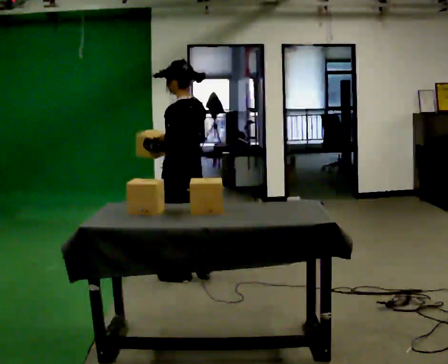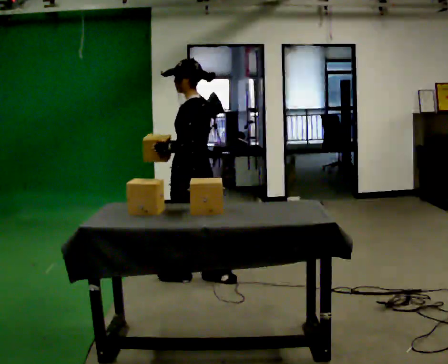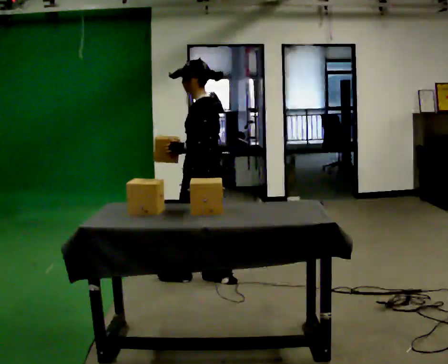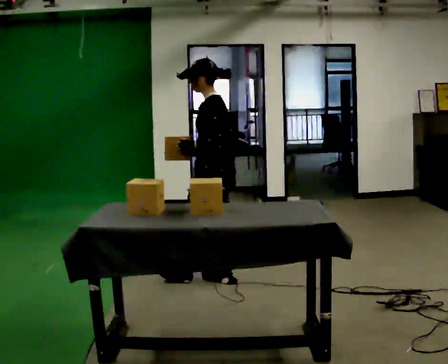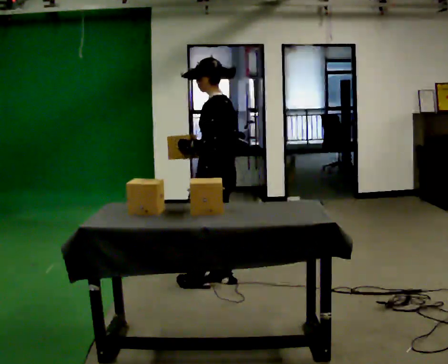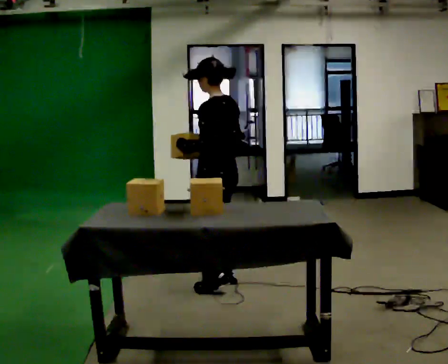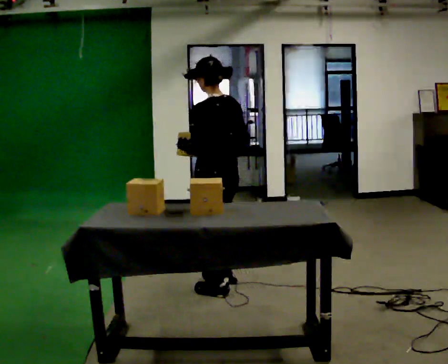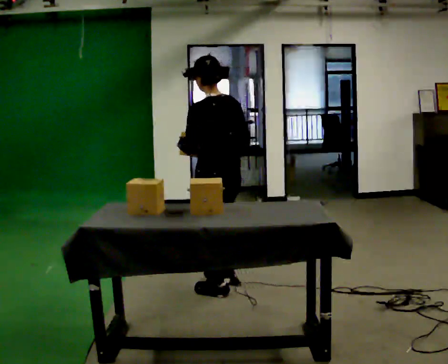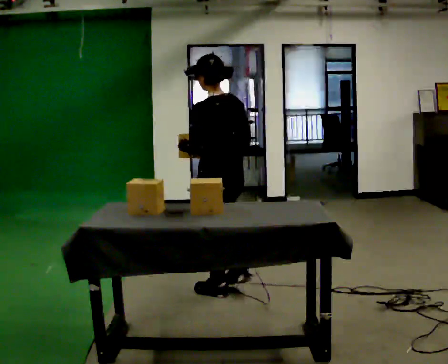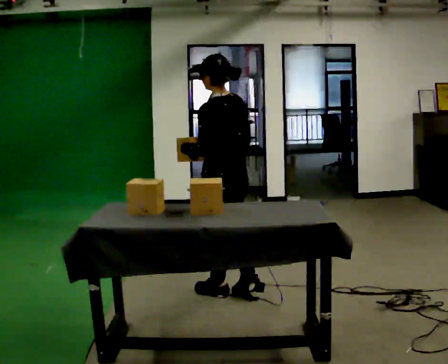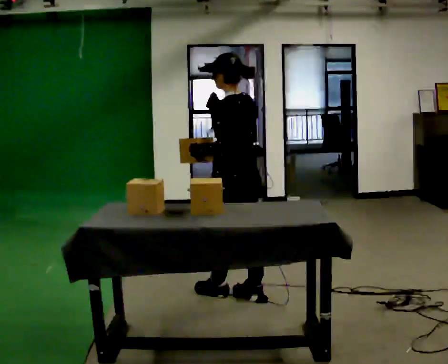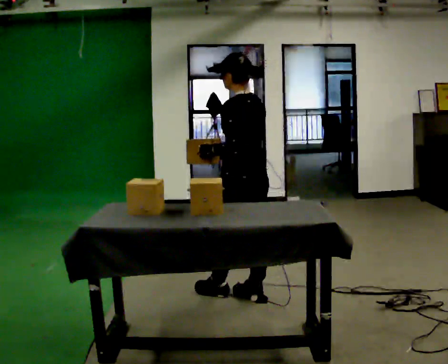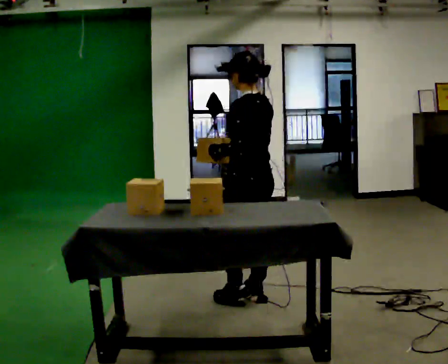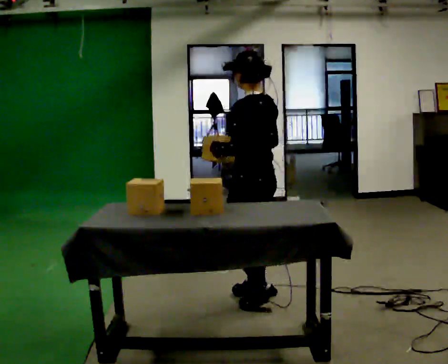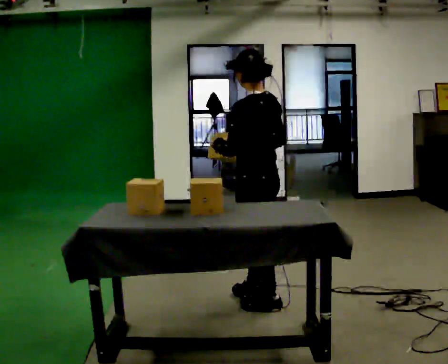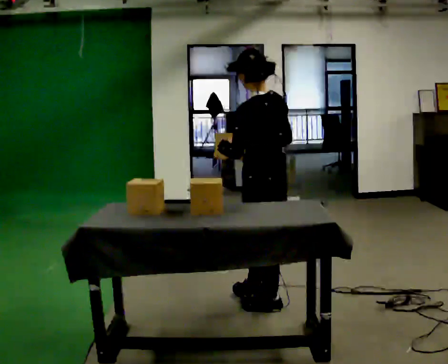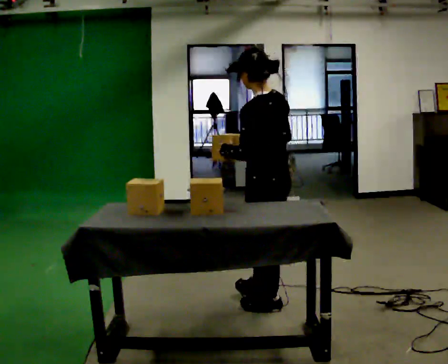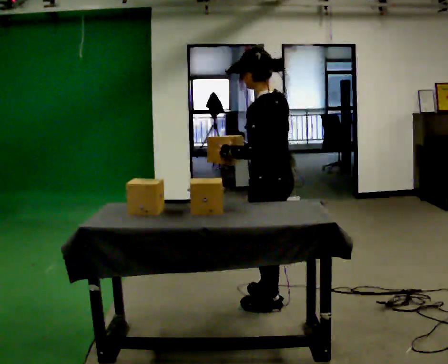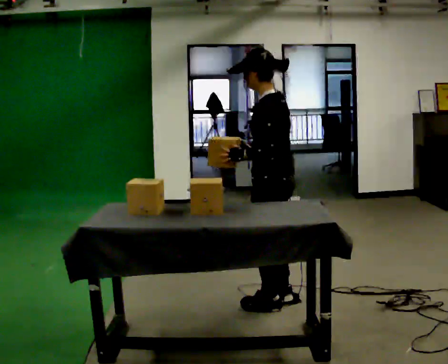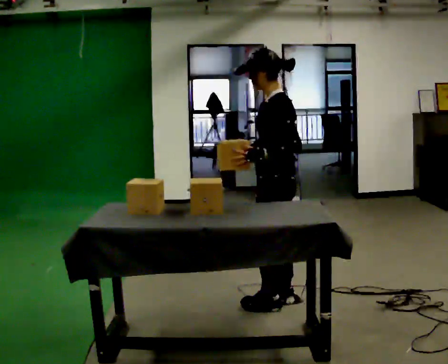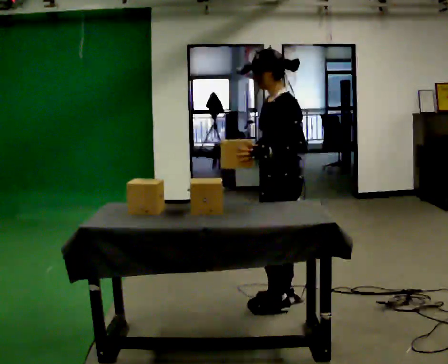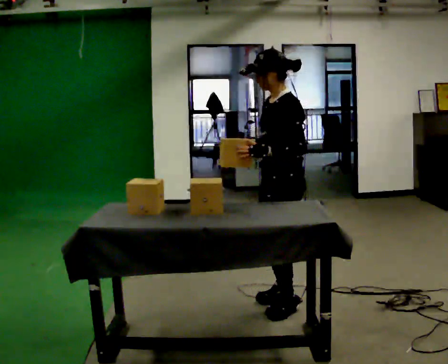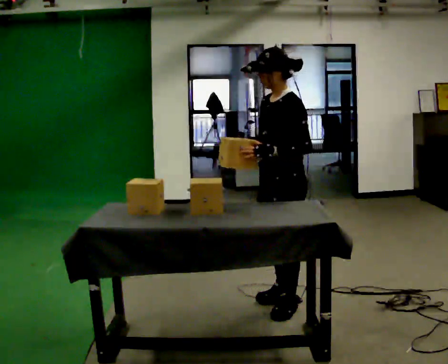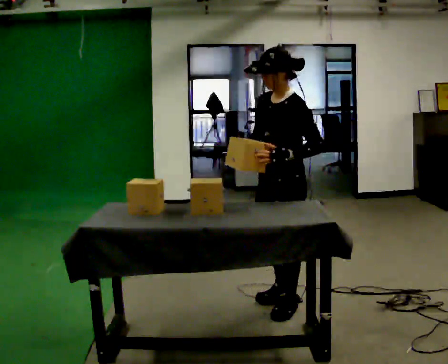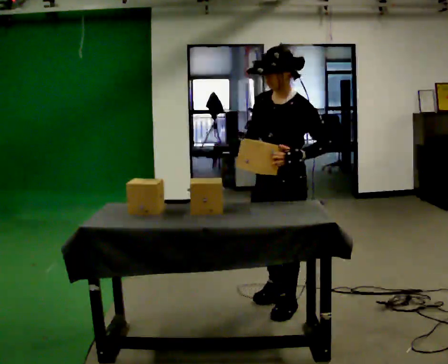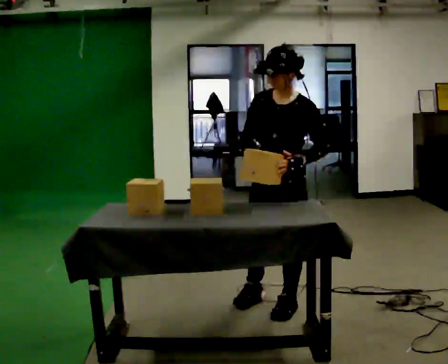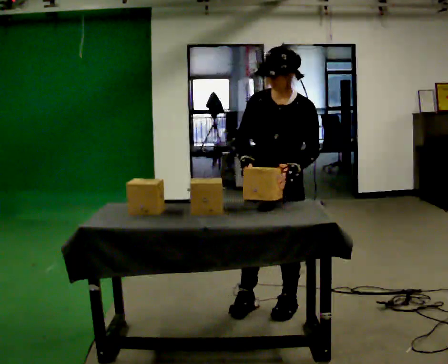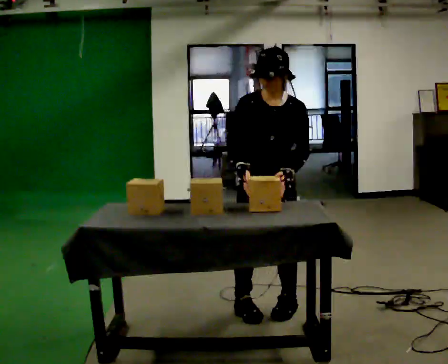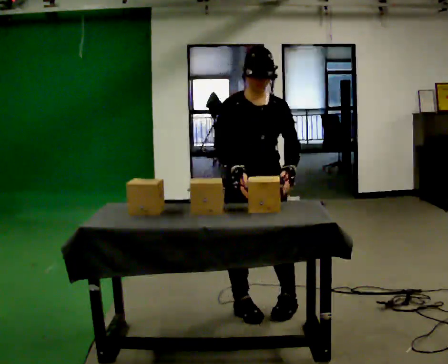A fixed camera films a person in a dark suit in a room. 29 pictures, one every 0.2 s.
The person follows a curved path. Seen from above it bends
clockwise.
0.0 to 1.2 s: In the picture they go to the right and toward the camera, about 0.25 m in 1 step, which for them is backward and to their left.
1.2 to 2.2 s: In the picture they go toward the camera and to the right, about 0.25 m in 1 step, which for them is backward.
2.2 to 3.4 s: In the picture they go toward the camera and to the right, about 0.25 m in 2 steps, which for them is backward.
3.4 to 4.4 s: Seen from above the body turns counterclockwise, about 45 degrees: to their left, with its near side sliding to the right.
4.4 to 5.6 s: The person turns about 75 degrees to their left, counterclockwise seen from above, so the part of the body nearest the lens slides to the right. In the picture they go to the left, about 0.25 m in 1 step.
The film runs backward here.
